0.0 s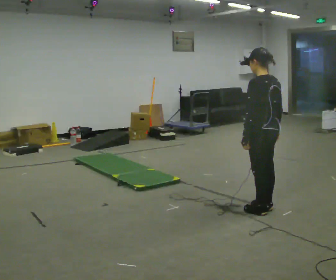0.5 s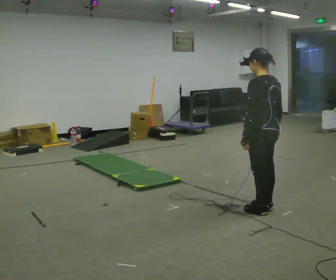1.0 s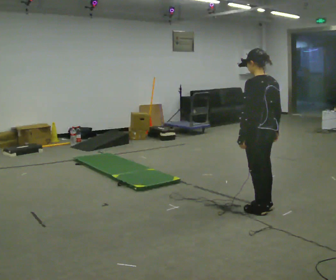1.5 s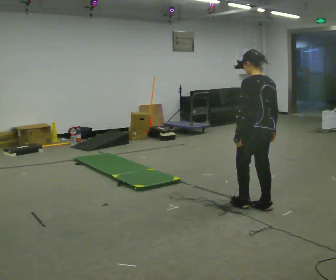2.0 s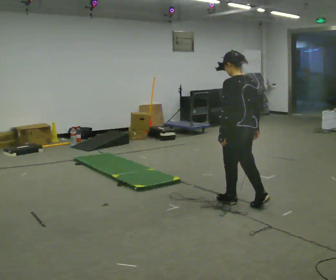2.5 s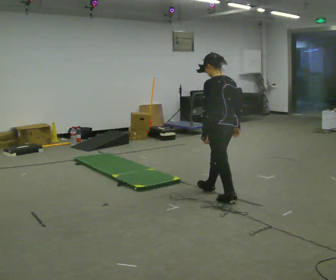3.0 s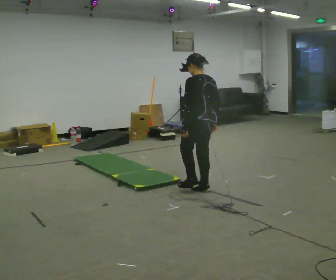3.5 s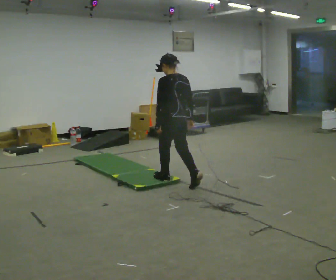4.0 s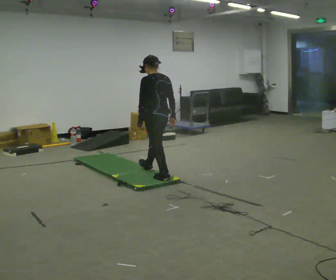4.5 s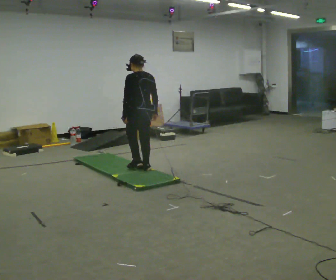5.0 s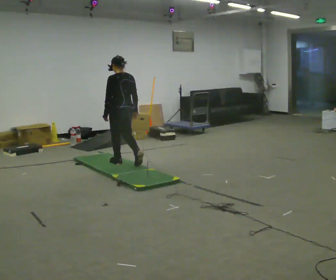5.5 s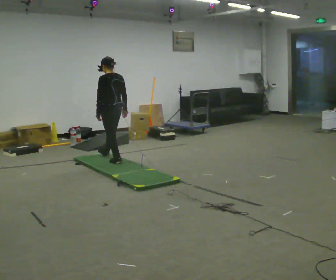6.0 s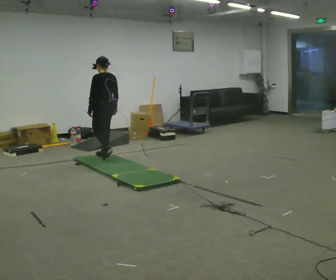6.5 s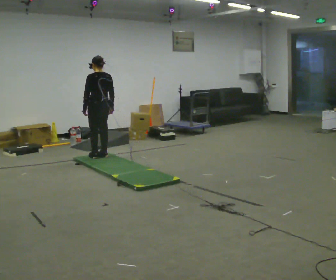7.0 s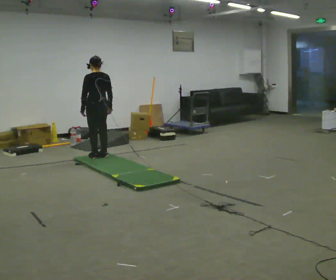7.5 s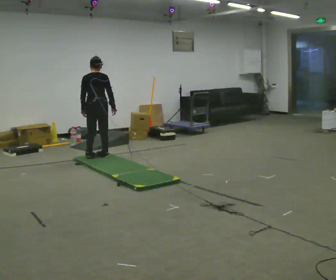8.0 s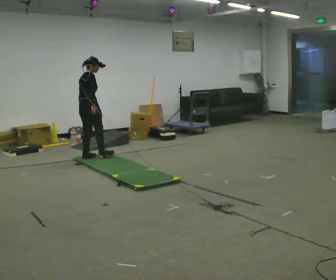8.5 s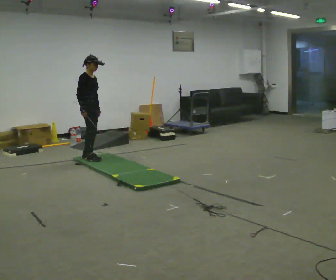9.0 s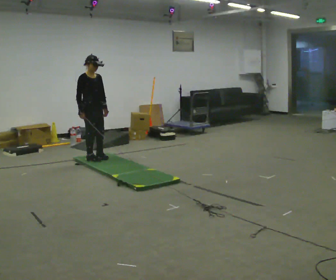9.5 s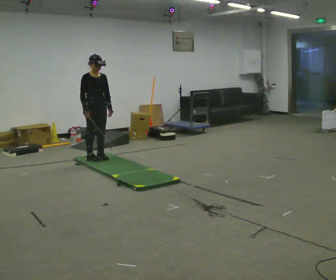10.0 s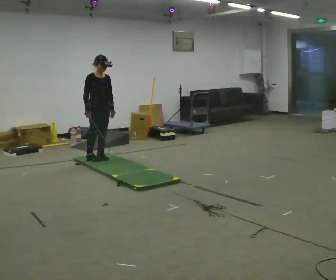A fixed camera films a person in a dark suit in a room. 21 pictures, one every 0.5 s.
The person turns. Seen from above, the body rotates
clockwise.
The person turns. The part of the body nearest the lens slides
to the left.
0.0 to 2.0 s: In the picture they go away from the camera, about 0.25 m in 1 step, which for them is forward.
2.0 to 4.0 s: In the picture they go away from the camera and to the left, about 1 m in 2 steps, which for them is forward.
4.0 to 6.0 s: In the picture they go away from the camera and to the left, about 1 m in 3 steps, which for them is forward.
6.0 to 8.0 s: Seen from above the body turns clockwise, about 90 degrees: to their right, with its near side sliding to the left. In the picture they go to the left, about 0.25 m in 2 steps. In the picture their right hand goes to the left.
8.0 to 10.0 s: The part of the body nearest the lens slides to the left as the person turns to their right by about 75 degrees. In the picture they go to the right, about 0.25 m in 2 steps. In the picture their left hand goes to the right.
The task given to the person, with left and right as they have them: Walk across the soft uneven mat at a comfortable speed; continue walking normally after you leave it.
The film runs forward here.
